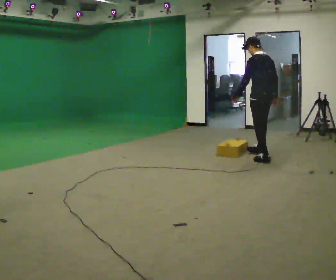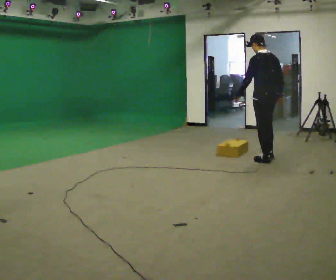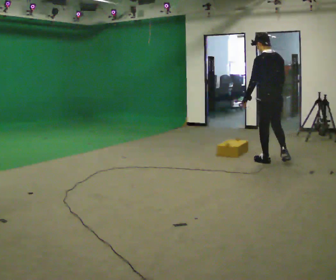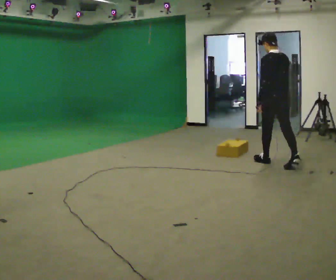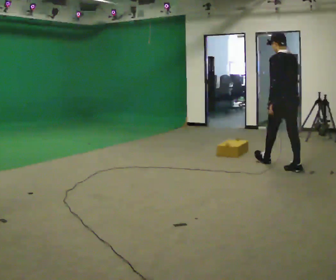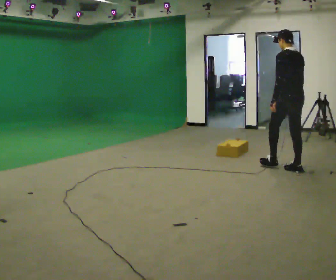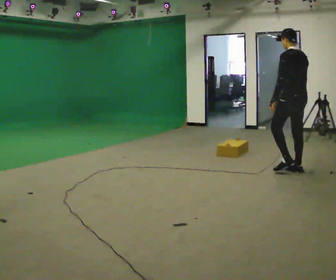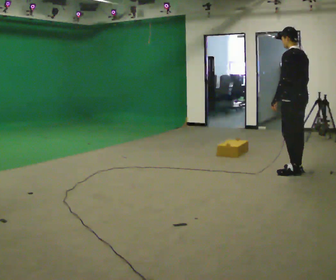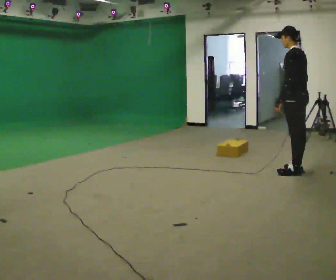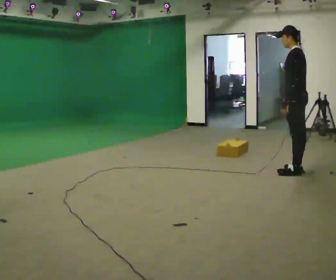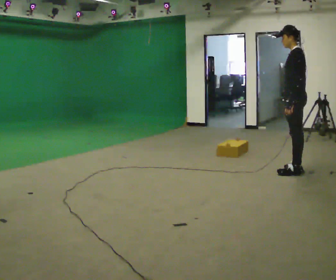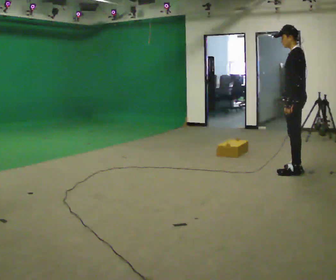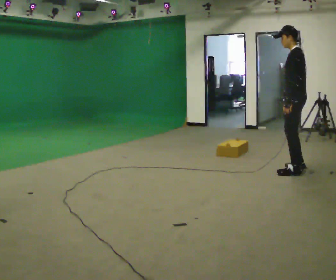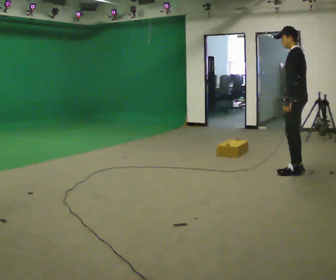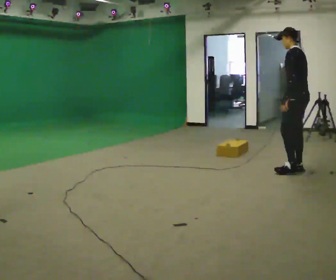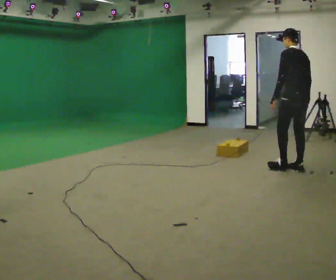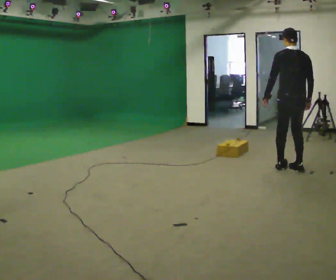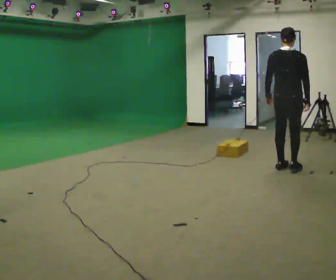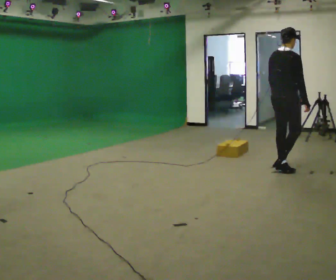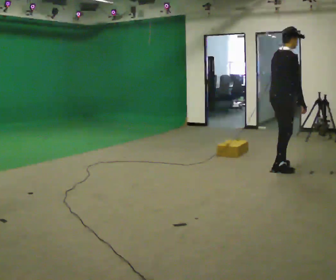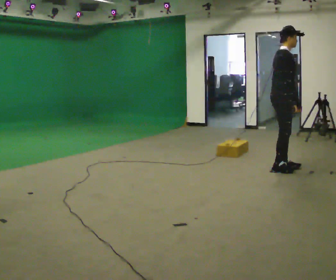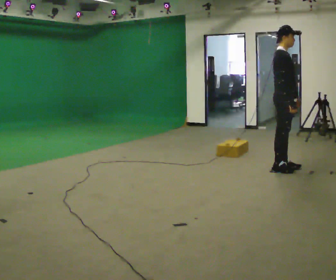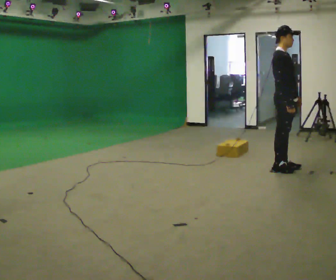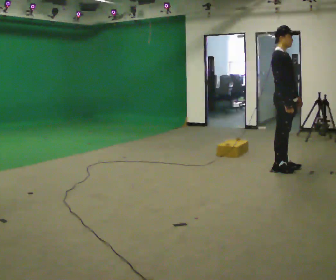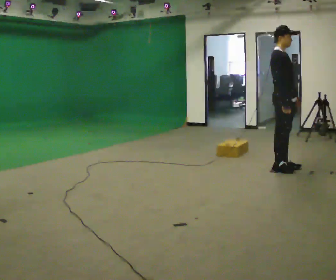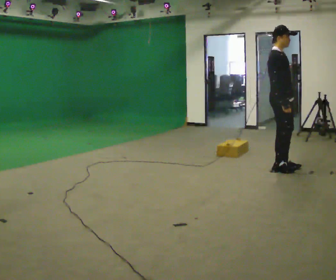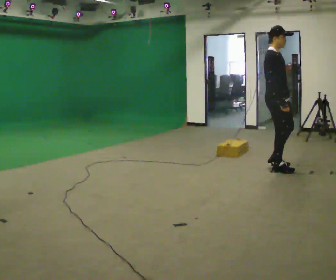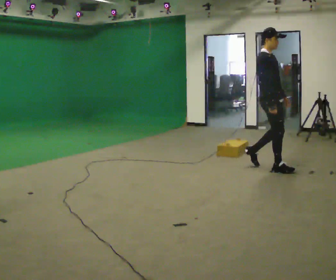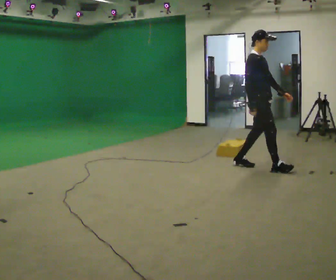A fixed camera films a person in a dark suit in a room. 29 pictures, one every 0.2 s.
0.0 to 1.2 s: In the picture they go toward the camera and to the right, about 0.5 m in 2 steps, which for them is backward.
1.2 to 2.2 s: The part of the body nearest the lens slides to the right as the person turns to their left by about 45 degrees.
2.2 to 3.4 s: Seen from above the body turns clockwise, about 90 degrees: to their right, with its near side sliding to the left. In the picture their left hand goes to the left.
3.4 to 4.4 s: The person turns about 90 degrees to their right, clockwise seen from above, so the part of the body nearest the lens slides to the left. In the picture their left hand goes to the right, the arm swinging counterclockwise.
4.4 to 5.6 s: In the picture they go to the left, about 0.25 m in 1 step, which for them is backward.
The film runs backward here.
